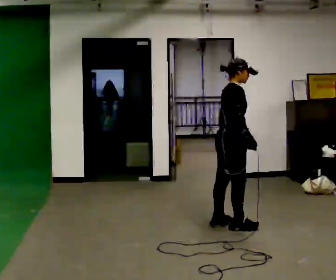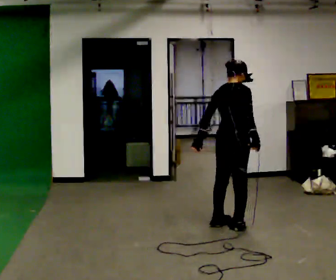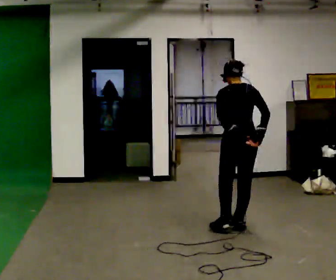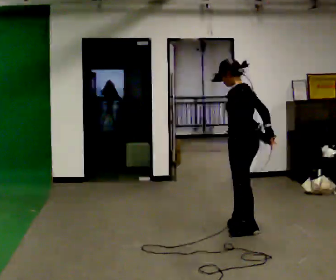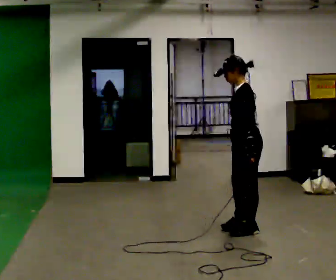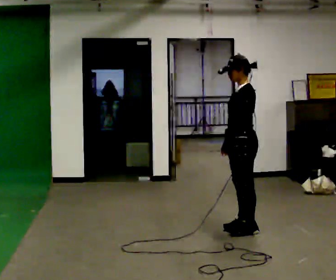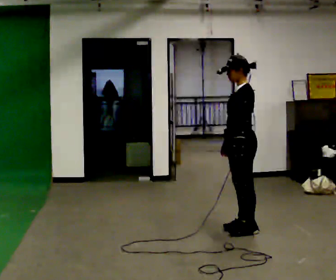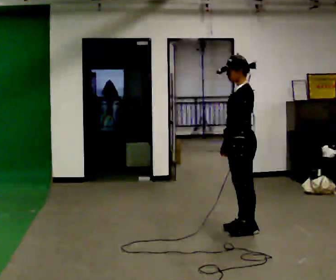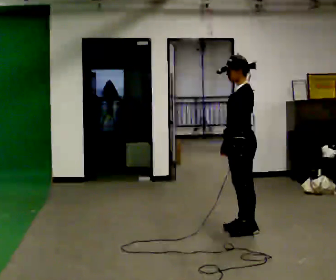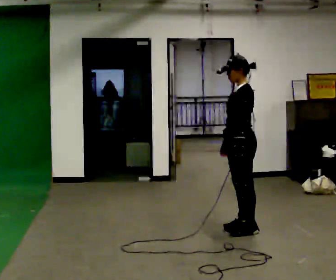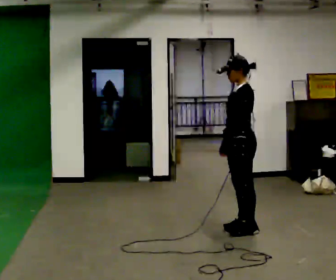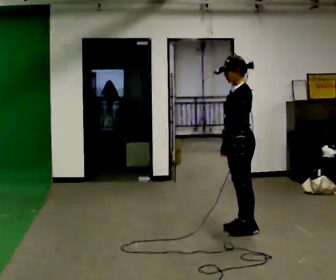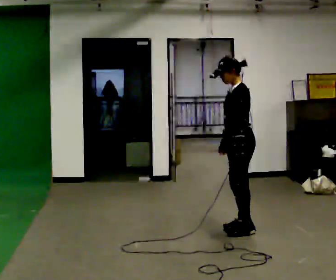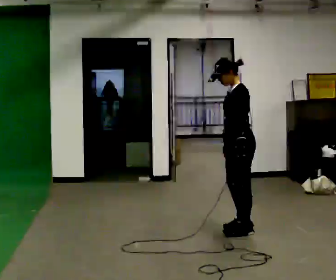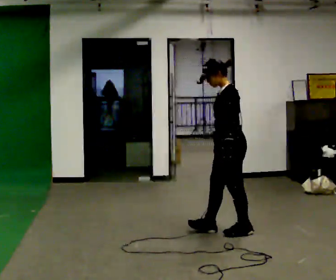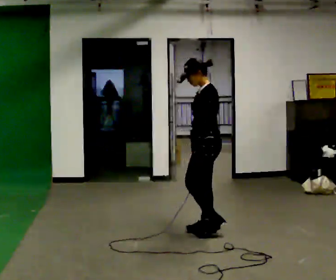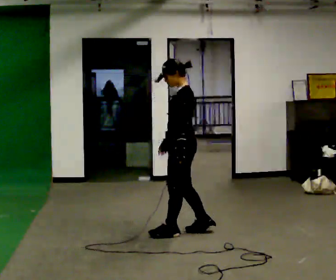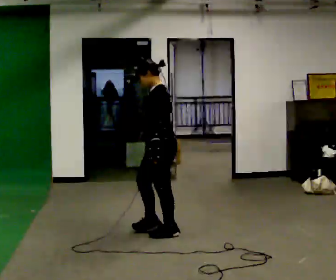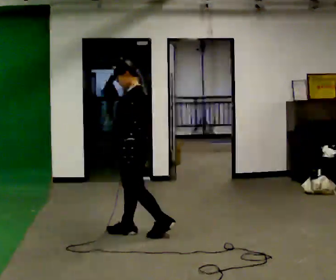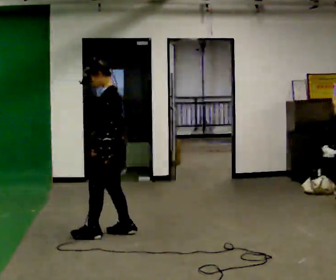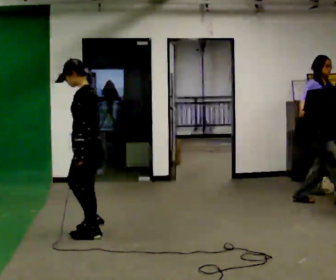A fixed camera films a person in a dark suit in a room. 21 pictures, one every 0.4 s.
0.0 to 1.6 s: The part of the body nearest the lens slides to the right as the person turns to their left by about 165 degrees. In the picture they go toward the camera and to the right, about 0.25 m in 1 step.
1.6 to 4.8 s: The person moves a little, or ends about where they began.
4.8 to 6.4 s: In the picture they go to the left, about 0.5 m in 2 steps, which for them is forward.
6.4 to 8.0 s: In the picture they go to the left, about 1 m in 3 steps, which for them is forward.
The film runs backward here.
